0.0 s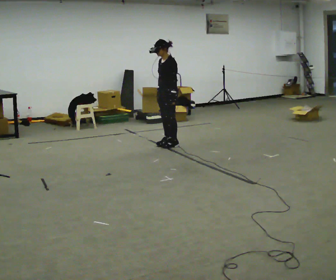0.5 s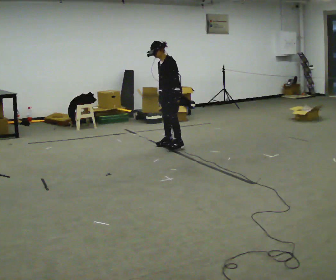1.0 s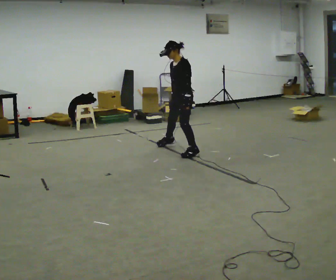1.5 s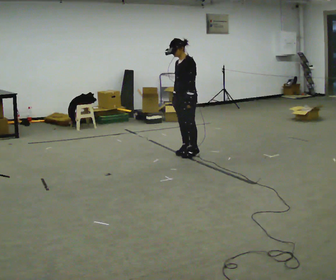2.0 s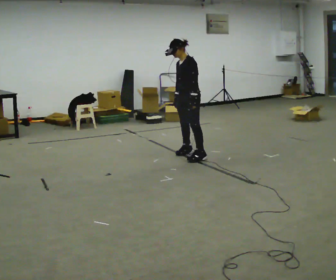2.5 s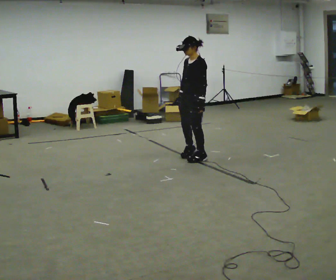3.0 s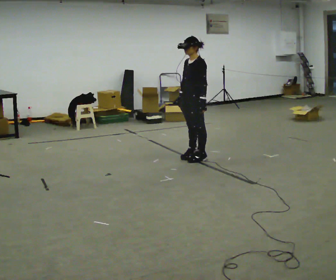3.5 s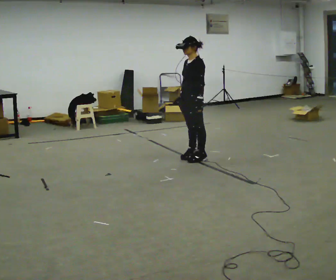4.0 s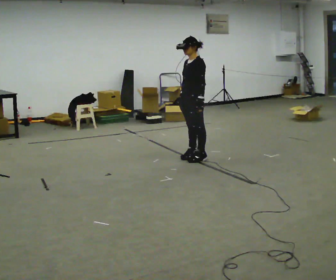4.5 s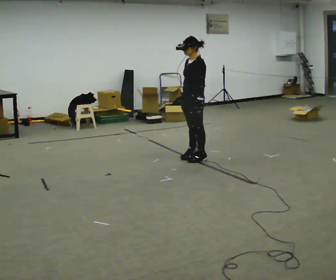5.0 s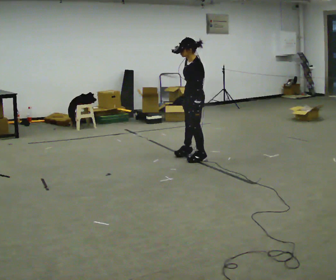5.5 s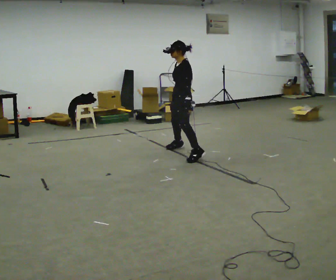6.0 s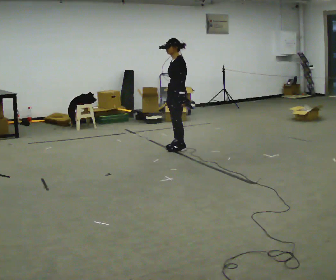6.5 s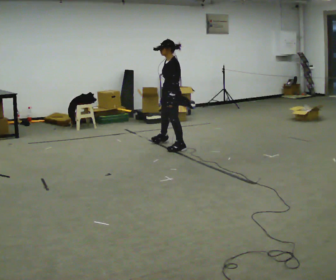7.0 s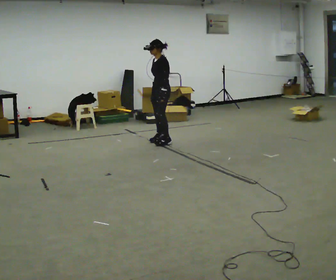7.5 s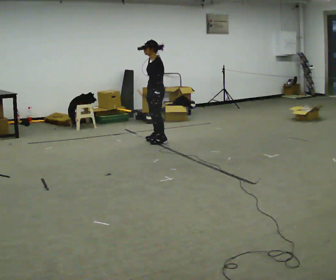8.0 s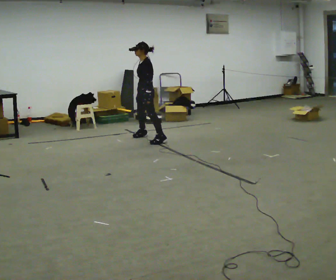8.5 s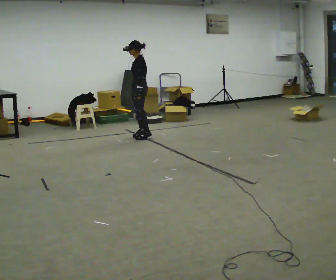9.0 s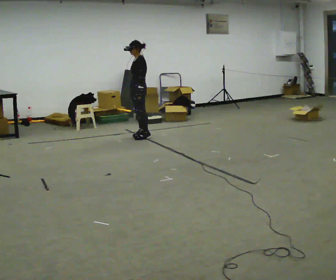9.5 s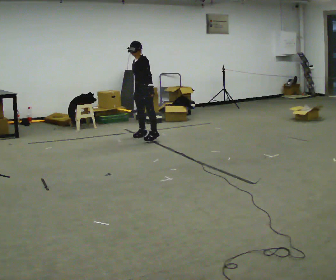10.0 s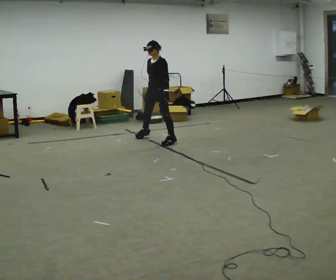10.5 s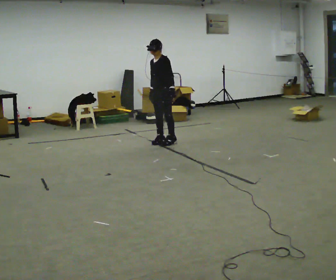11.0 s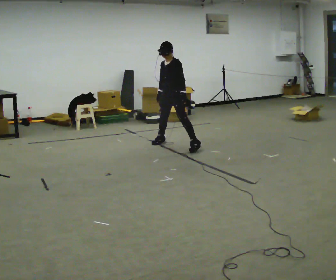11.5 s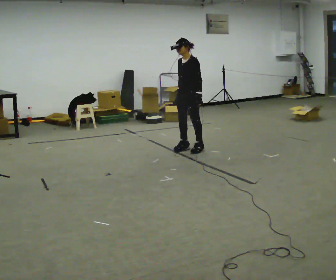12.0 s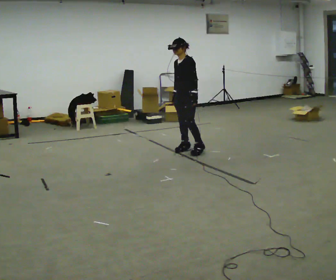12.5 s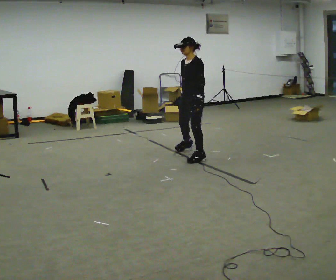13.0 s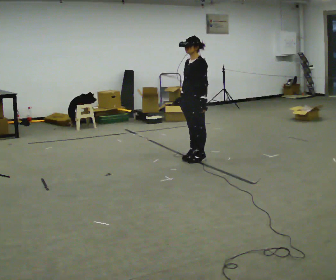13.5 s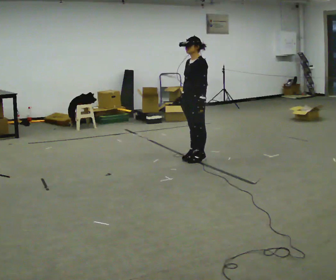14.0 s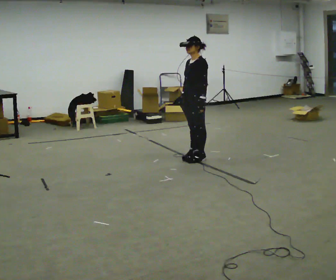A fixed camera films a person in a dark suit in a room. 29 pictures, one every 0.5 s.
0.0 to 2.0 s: In the picture they go toward the camera and to the right, about 0.75 m in 3 steps, which for them is to their left.
2.0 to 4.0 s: In the picture they go toward the camera, about 0.25 m in 1 step, which for them is to their left.
4.0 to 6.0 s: In the picture they go away from the camera, about 0.5 m in 2 steps, which for them is to their right.
6.0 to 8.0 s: In the picture they go away from the camera and to the left, about 1 m in 3 steps, which for them is to their right.
8.0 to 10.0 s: The part of the body nearest the lens slides to the right as the person turns to their left by about 30 degrees. In the picture they go to the right and toward the camera, about 0.25 m in 2 steps, which for them is to their left and backward.
10.0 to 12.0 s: In the picture they go toward the camera and to the right, about 0.5 m in 3 steps, which for them is to their left.
12.0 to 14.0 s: In the picture they go toward the camera, about 0.5 m in 2 steps, which for them is to their left.
The film runs forward here.
